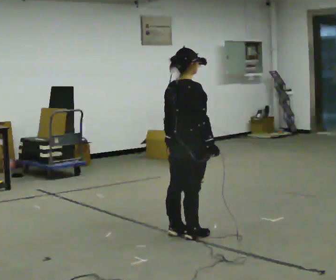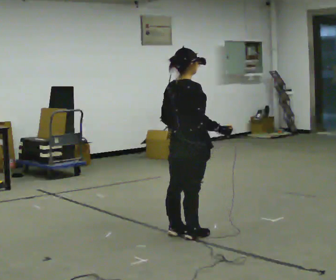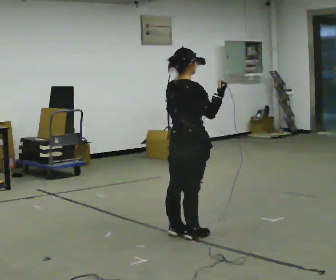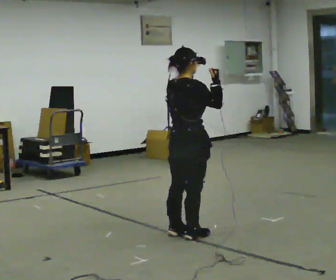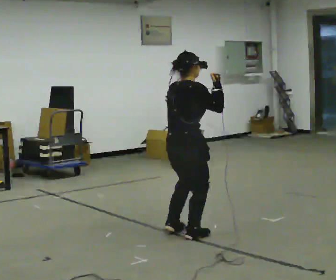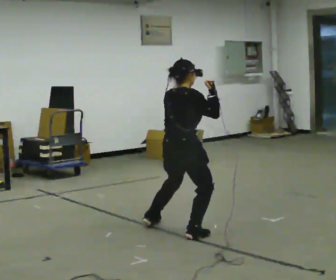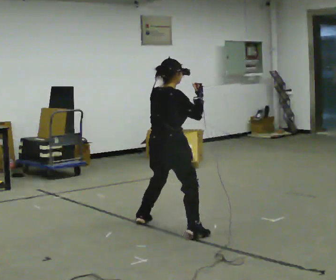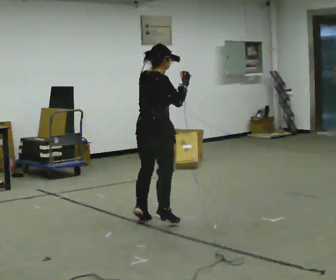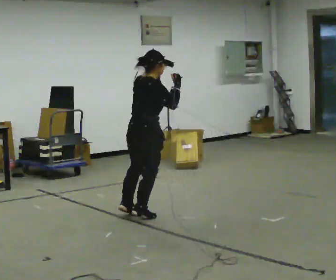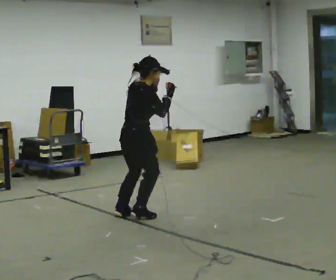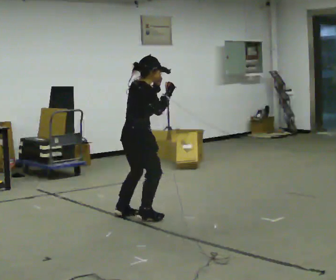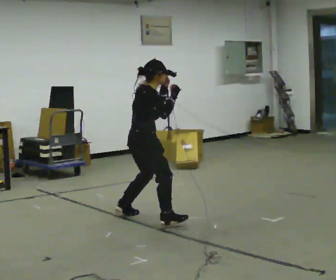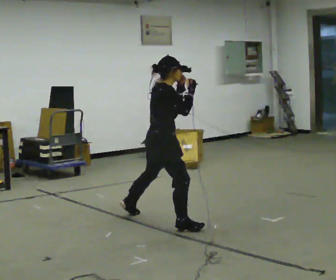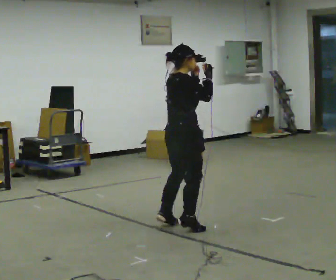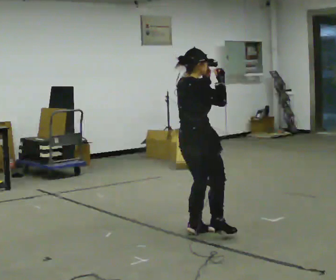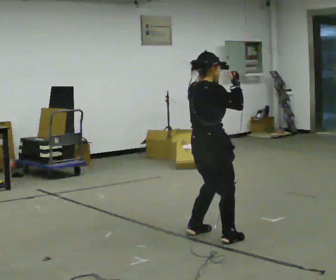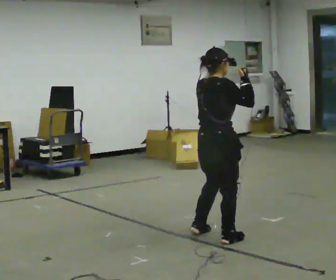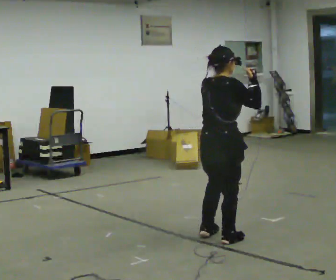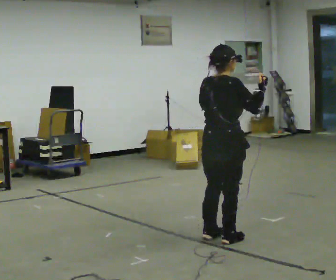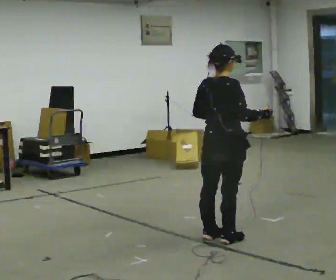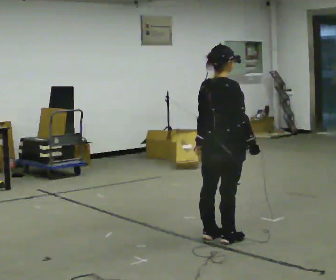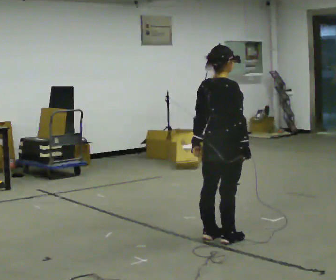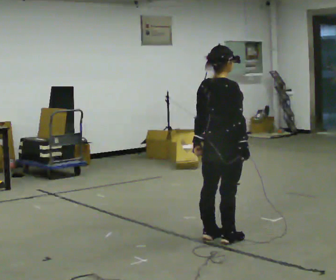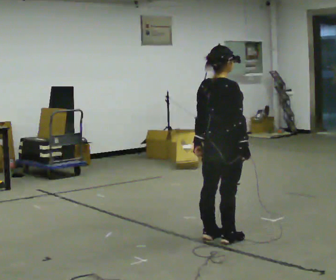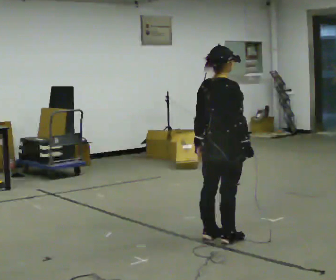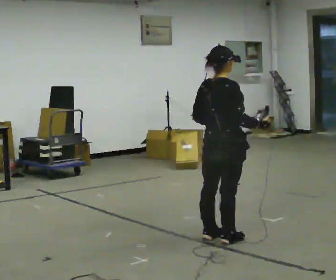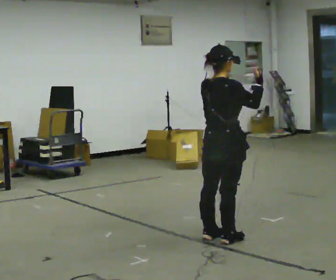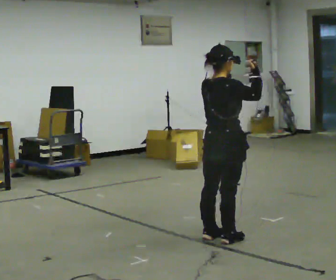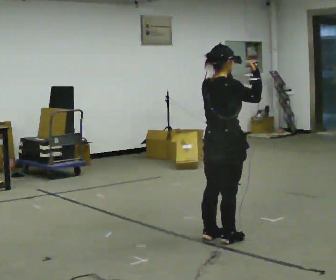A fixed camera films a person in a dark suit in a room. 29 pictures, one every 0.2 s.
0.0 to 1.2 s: In the picture they go away from the camera and to the left, about 0.25 m in 1 step, which for them is to their left. In the picture their left hand goes upward.
1.2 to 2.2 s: The part of the body nearest the lens slides to the left as the person turns to their right by about 30 degrees. In the picture they go away from the camera and to the left, about 0.25 m in 2 steps, which for them is to their left.
2.2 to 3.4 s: The part of the body nearest the lens slides to the right as the person turns to their left by about 30 degrees. In the picture they go toward the camera and to the right, about 1 m in 3 steps, which for them is to their right.
3.4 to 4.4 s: In the picture their right hand goes downward.
4.4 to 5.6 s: In the picture their right hand goes upward, the arm swinging counterclockwise.
The film runs forward here.
